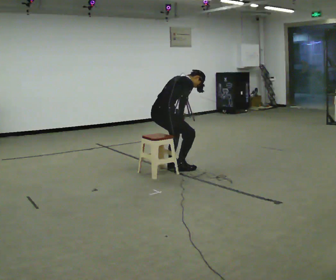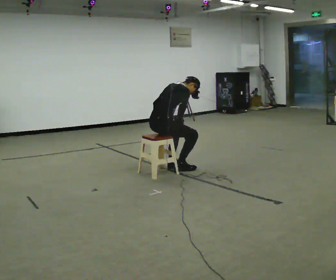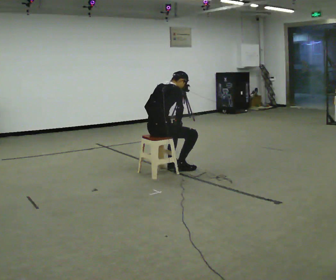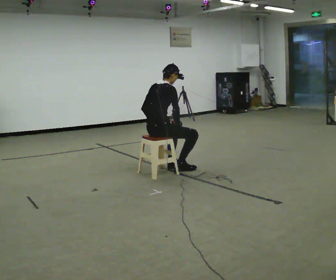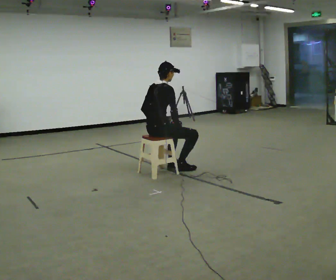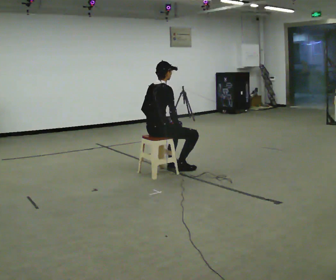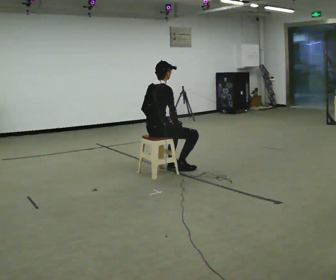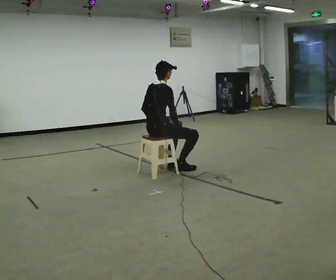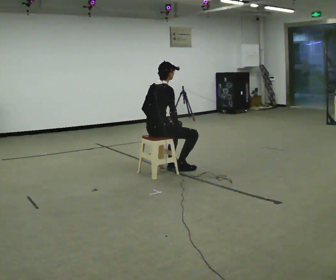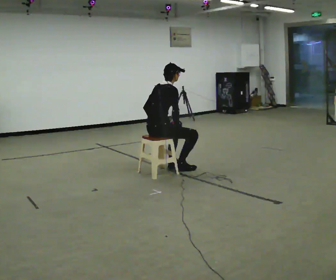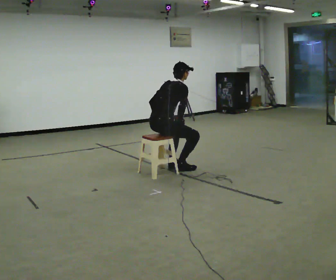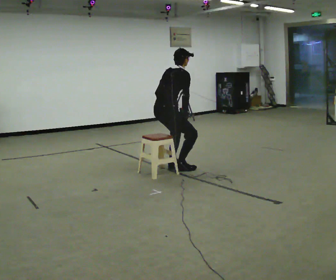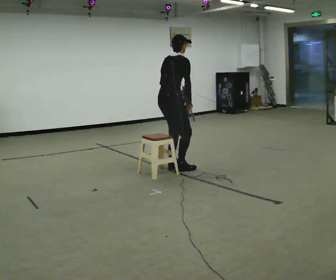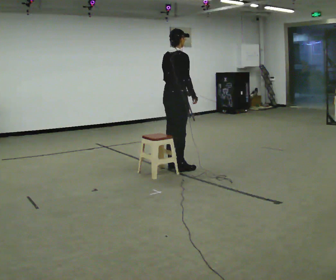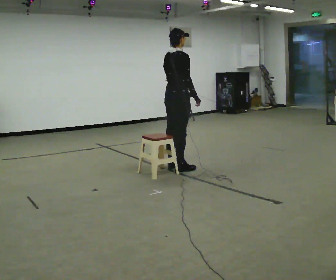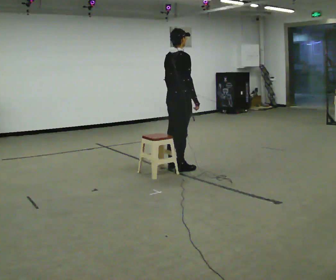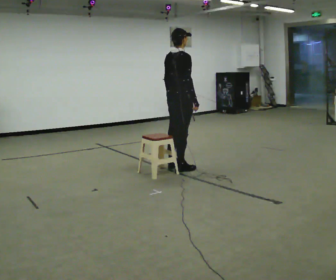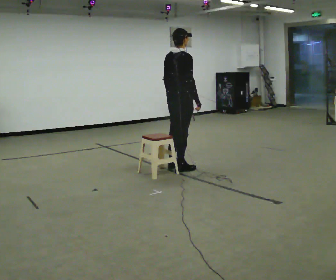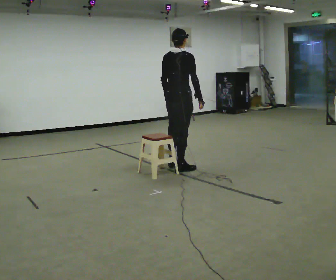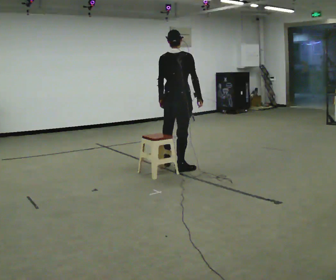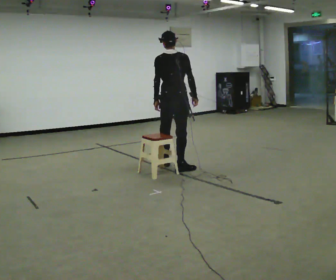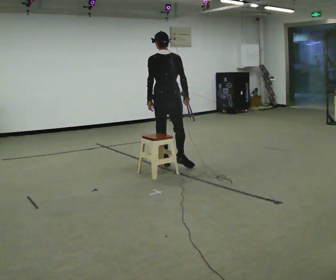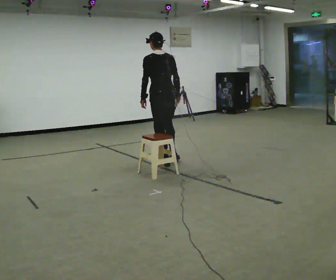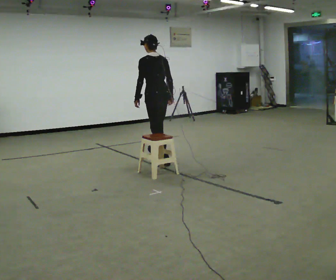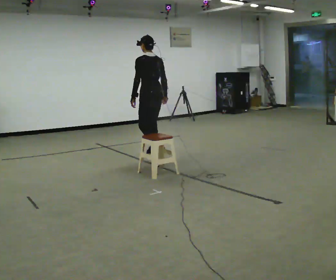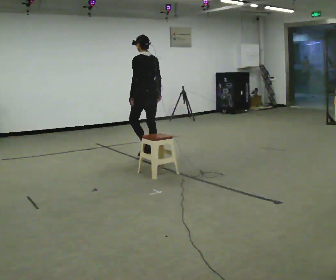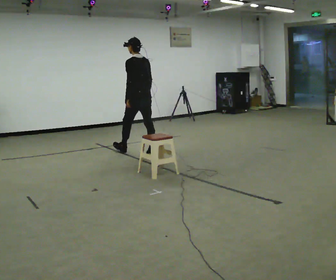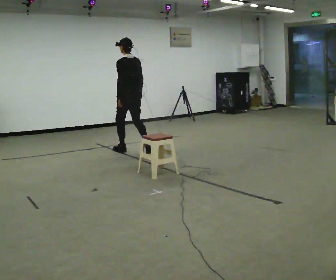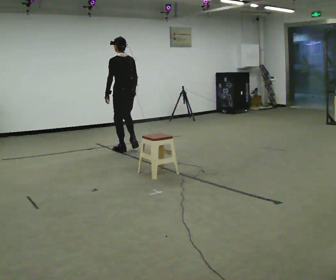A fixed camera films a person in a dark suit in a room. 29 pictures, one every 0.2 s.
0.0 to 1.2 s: In the picture the upper body tilts counterclockwise, shoulders to the left, as they lean back or straighten.
1.2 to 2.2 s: The upper body goes upward.
2.2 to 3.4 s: In the picture they go to the right, about 0.25 m, which for them is forward. The shoulders move upward. In the picture the upper body tilts counterclockwise, shoulders to the left, as they lean back or straighten.
3.4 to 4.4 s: The part of the body nearest the lens slides to the right as the person turns to their left by about 75 degrees. In the picture they go away from the camera and to the left, about 0.5 m.
4.4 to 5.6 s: In the picture they go away from the camera and to the left, about 1 m in 2 steps, which for them is forward.
The film runs forward here.
